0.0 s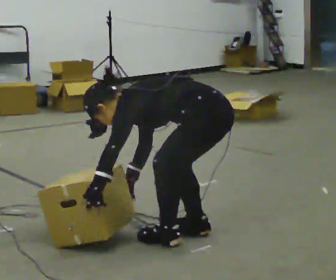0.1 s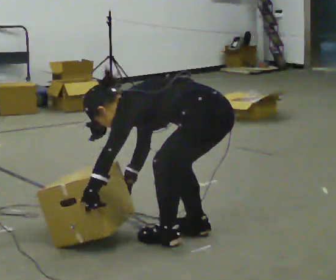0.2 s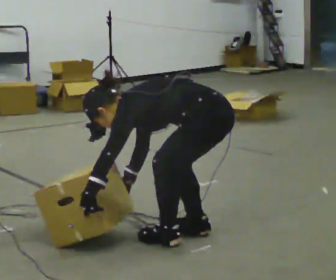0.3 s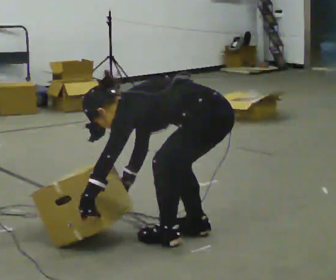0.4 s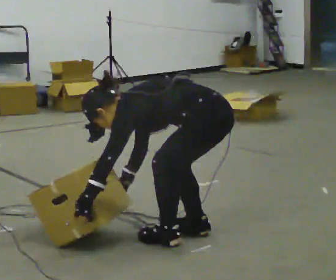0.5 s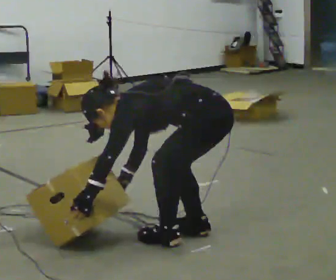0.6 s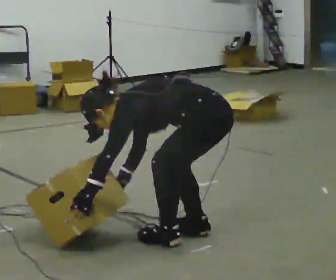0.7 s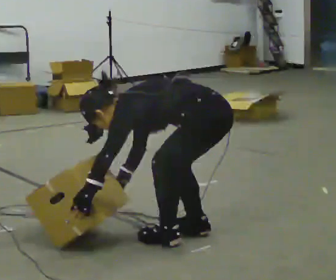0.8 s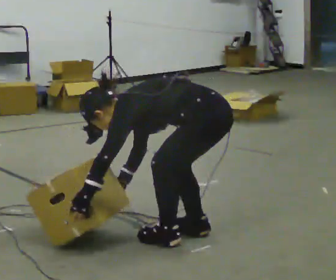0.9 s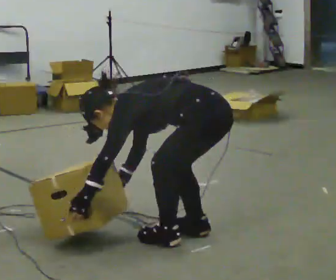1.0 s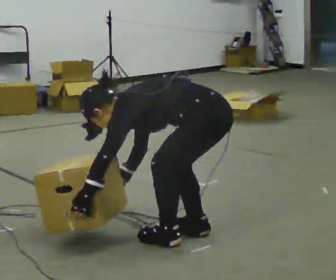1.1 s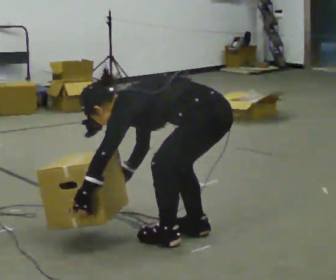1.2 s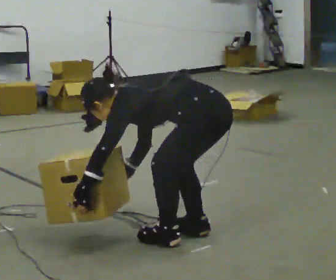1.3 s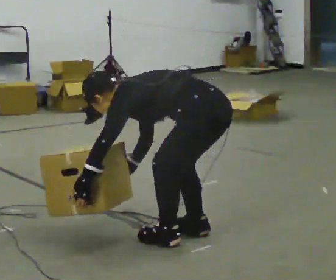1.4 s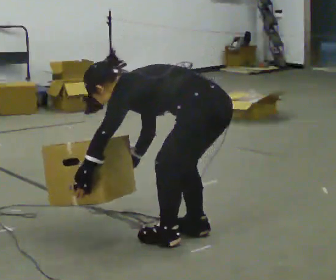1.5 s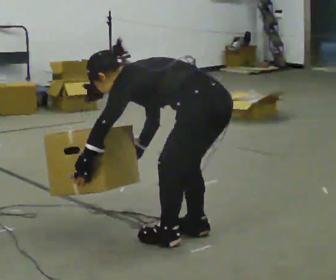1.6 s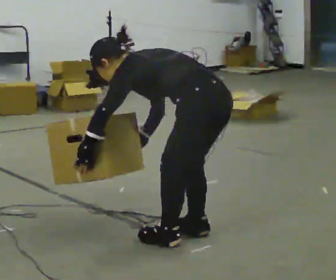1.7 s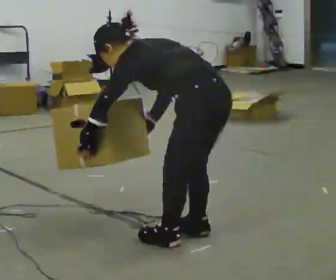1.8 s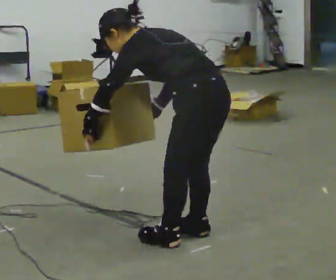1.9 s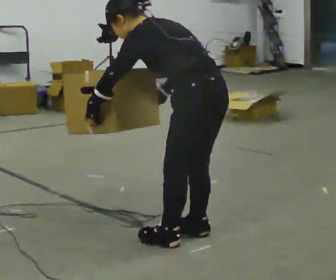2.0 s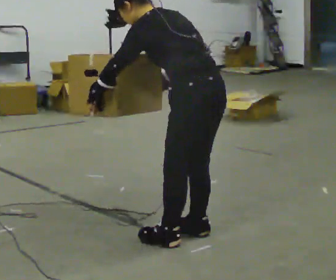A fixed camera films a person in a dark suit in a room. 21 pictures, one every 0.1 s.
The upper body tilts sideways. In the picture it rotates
clockwise.
The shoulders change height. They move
upward.
0.0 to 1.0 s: The person moves a little, or ends about where they began.
1.0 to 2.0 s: The shoulders move upward. In the picture the upper body tilts clockwise, shoulders to the right, as they lean back or straighten. In the picture their left hand goes upward.
The film runs backward here.
